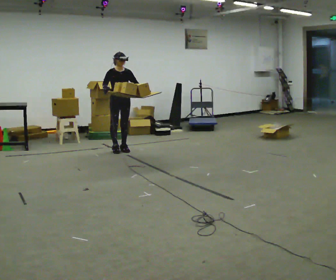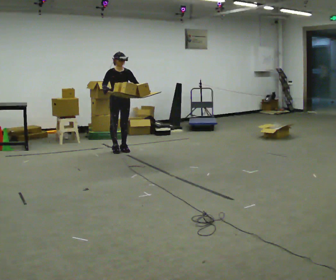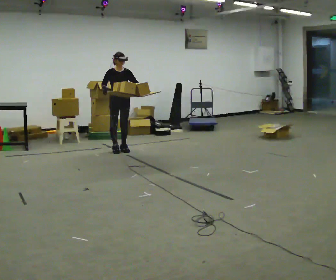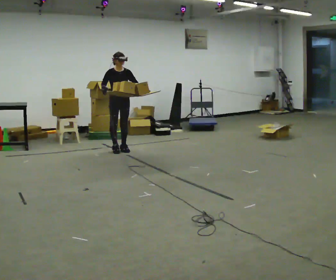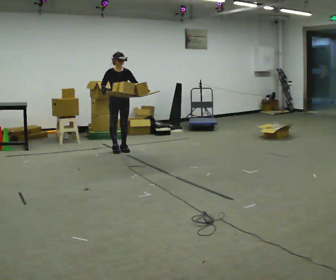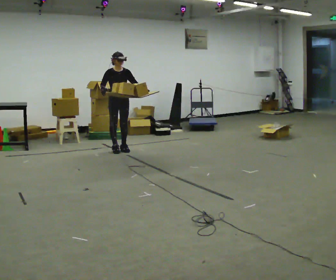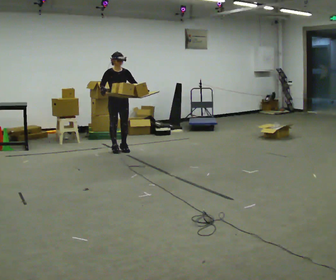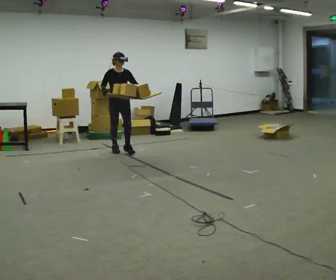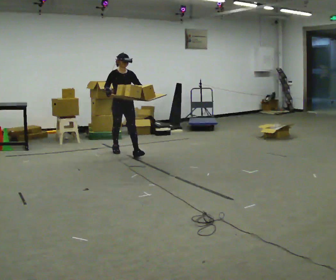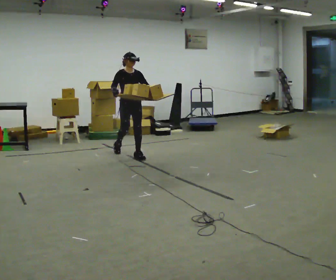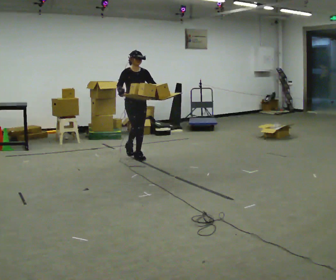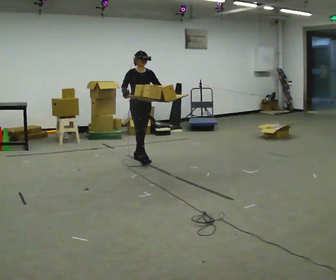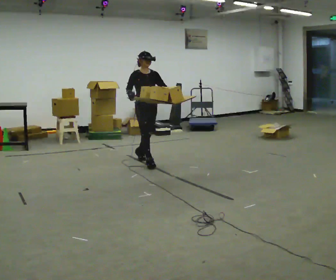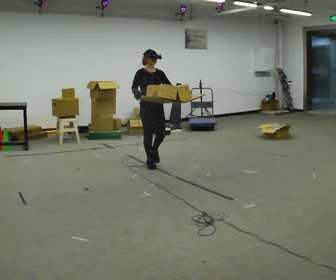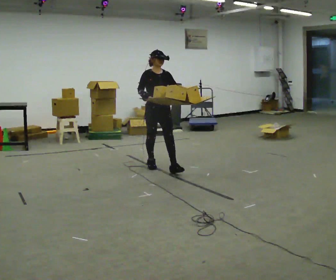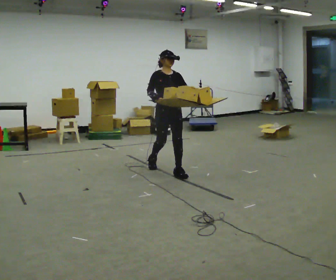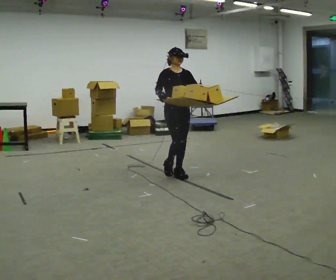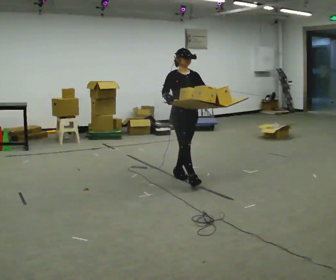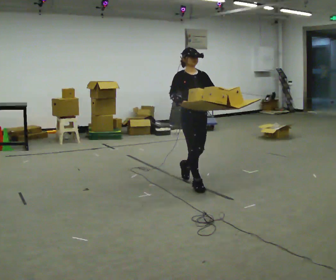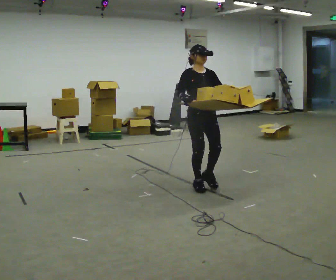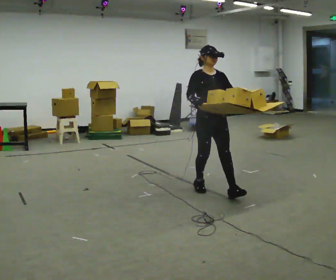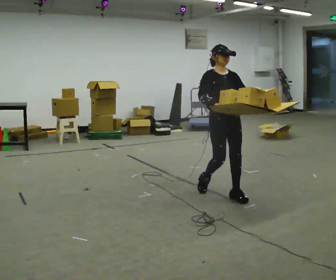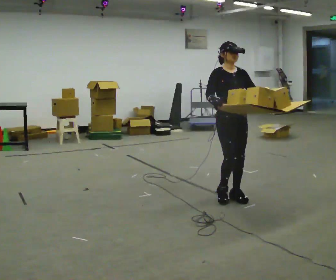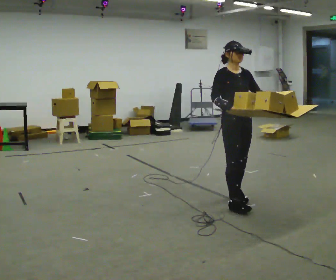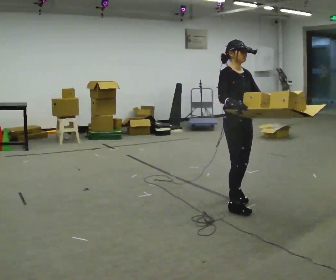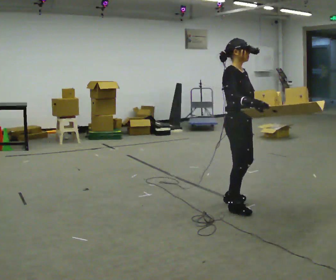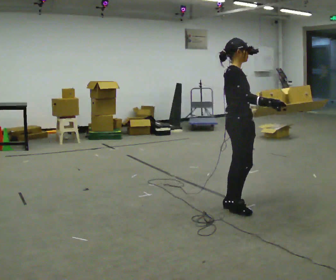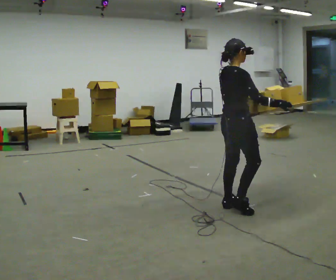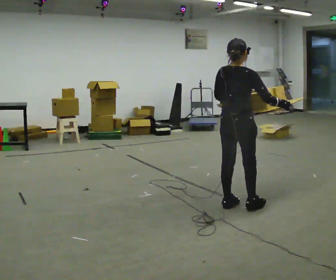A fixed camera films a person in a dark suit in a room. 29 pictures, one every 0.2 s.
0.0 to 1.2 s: The person moves a little, or ends about where they began.
1.2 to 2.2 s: In the picture they go toward the camera and to the right, about 0.75 m in 1 step, which for them is forward.
2.2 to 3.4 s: In the picture they go toward the camera and to the right, about 1 m in 2 steps, which for them is forward.
3.4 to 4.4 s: In the picture they go toward the camera and to the right, about 1 m in 2 steps, which for them is forward.
4.4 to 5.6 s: Seen from above the body turns counterclockwise, about 120 degrees: to their left, with its near side sliding to the right. In the picture they go toward the camera, about 0.25 m in 2 steps.
The film runs forward here.
